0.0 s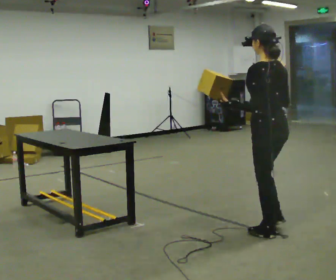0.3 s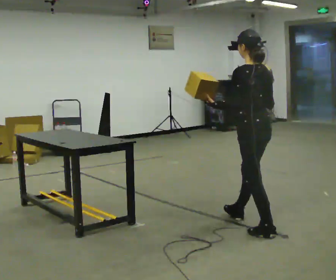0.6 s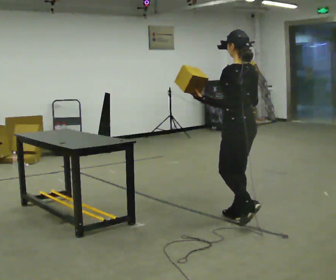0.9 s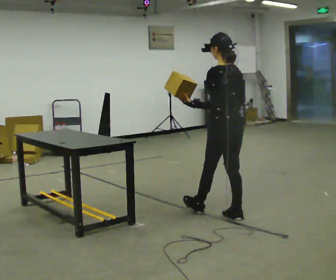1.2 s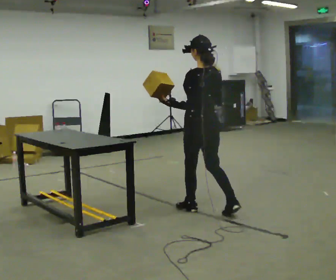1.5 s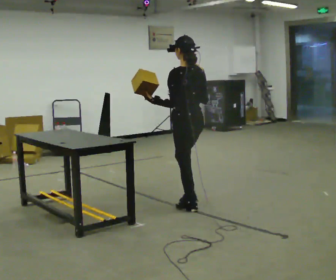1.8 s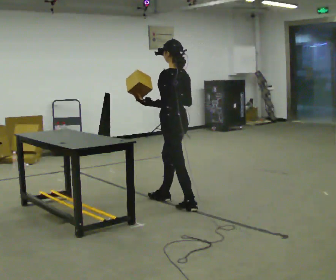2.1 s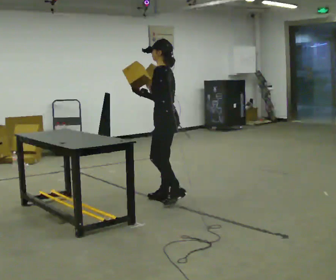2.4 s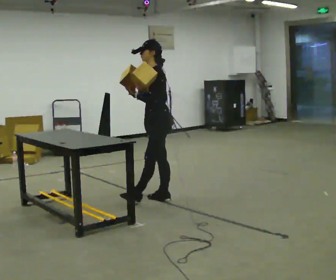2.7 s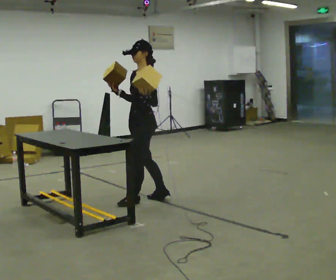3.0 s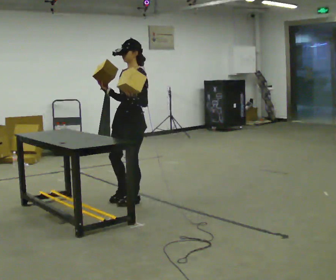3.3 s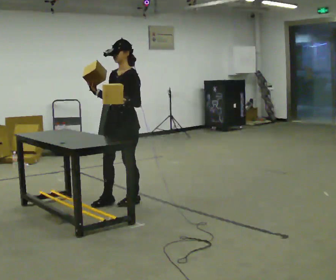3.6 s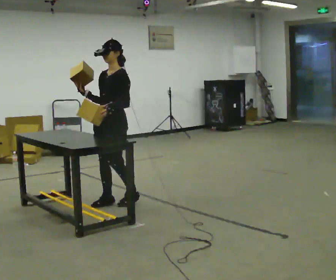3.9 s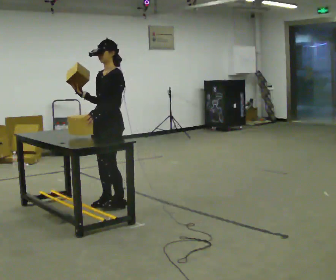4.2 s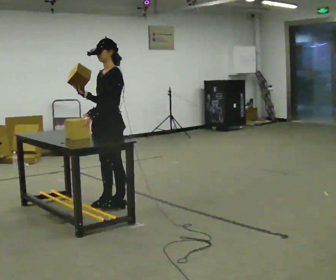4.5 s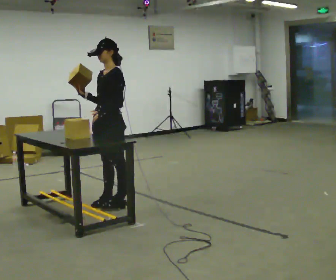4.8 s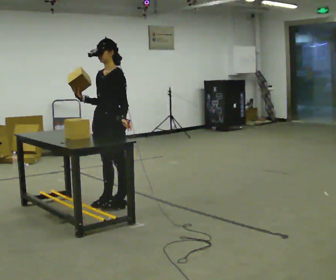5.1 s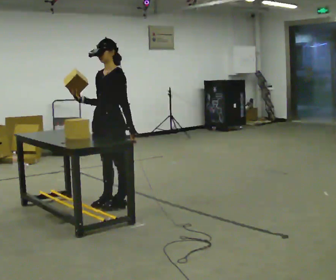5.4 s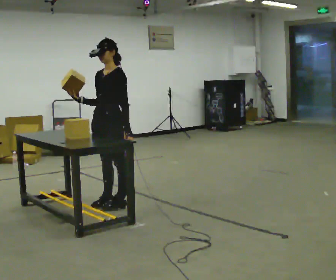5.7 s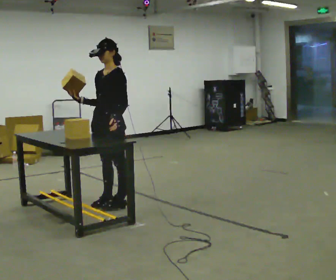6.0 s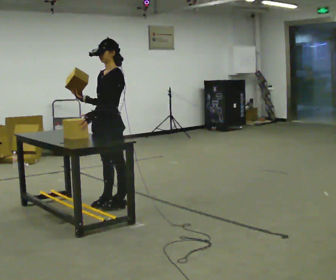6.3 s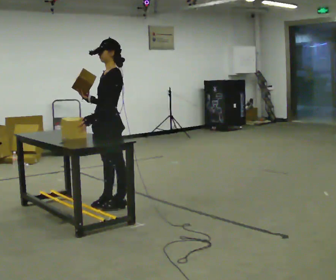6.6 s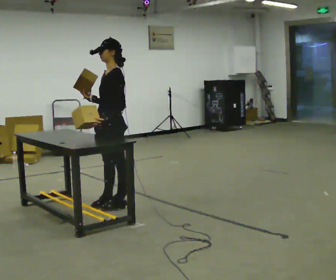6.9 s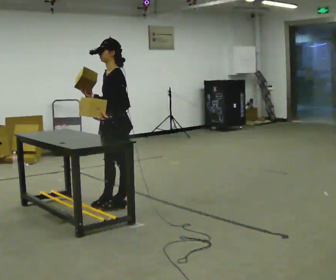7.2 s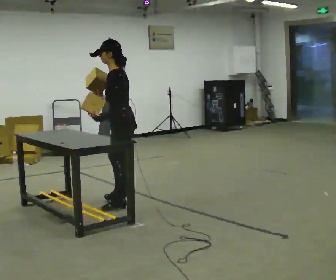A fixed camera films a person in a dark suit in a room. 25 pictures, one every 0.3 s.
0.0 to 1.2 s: In the picture they go away from the camera and to the left, about 1 m in 2 steps, which for them is forward.
1.2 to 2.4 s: Seen from above the body turns counterclockwise, about 75 degrees: to their left, with its near side sliding to the right. In the picture they go away from the camera and to the left, about 0.5 m in 1 step.
2.4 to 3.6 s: The part of the body nearest the lens slides to the right as the person turns to their left by about 30 degrees. In the picture they go to the left, about 0.5 m in 2 steps, which for them is forward.
3.6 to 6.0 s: The person moves a little, or ends about where they began.
6.0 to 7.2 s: Seen from above the body turns clockwise, about 30 degrees: to their right, with its near side sliding to the left.
The film runs forward here.
